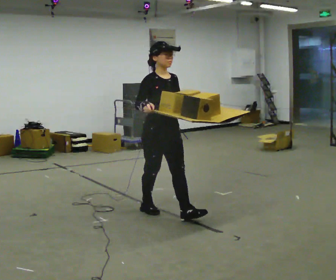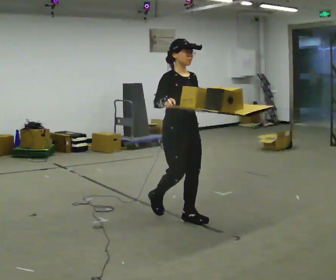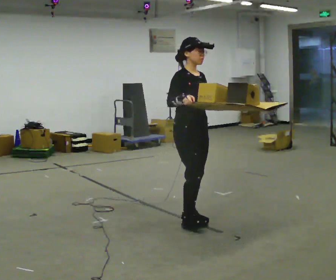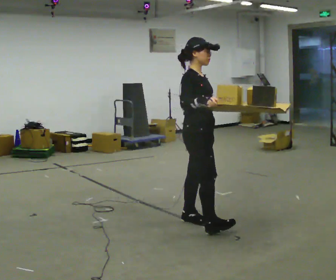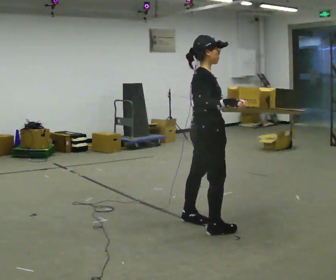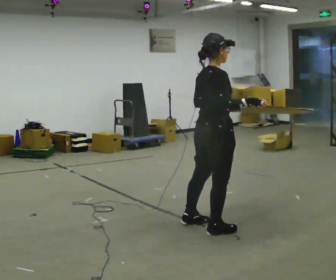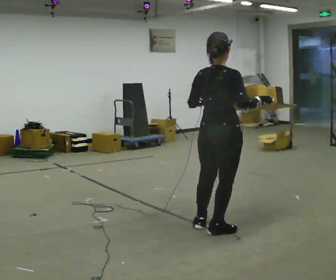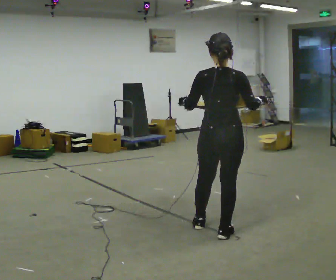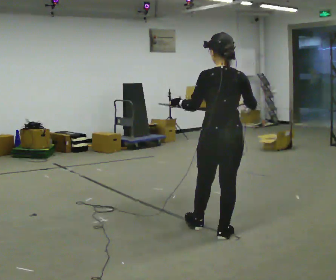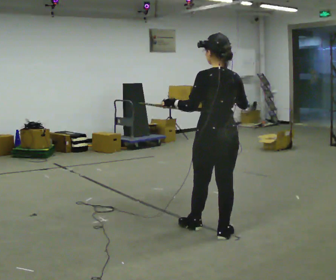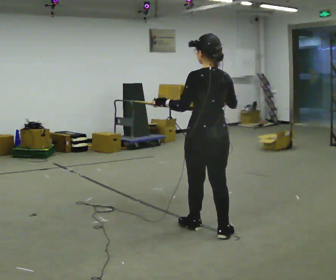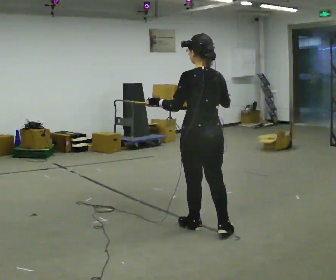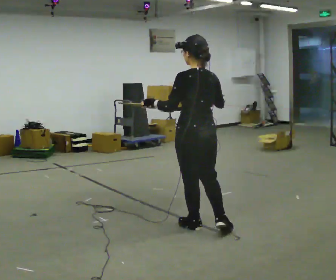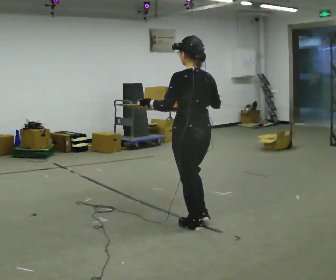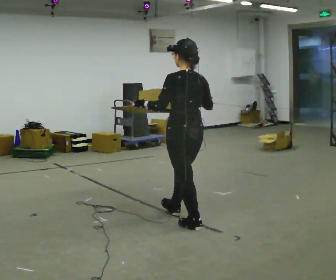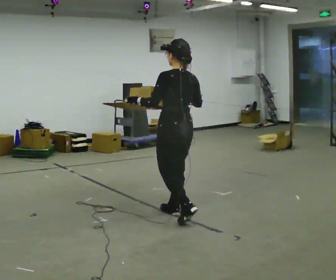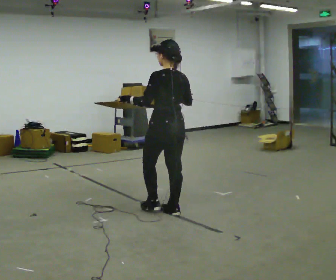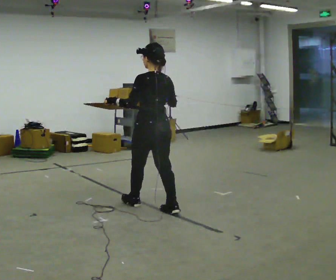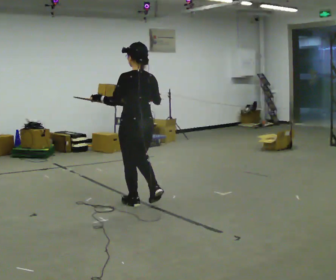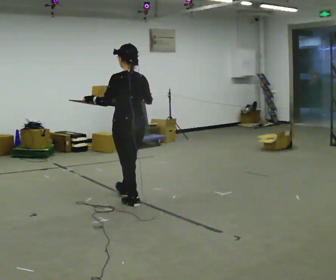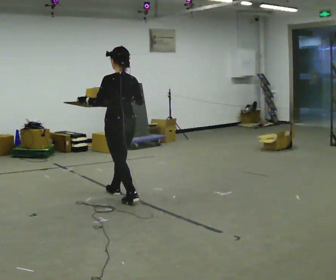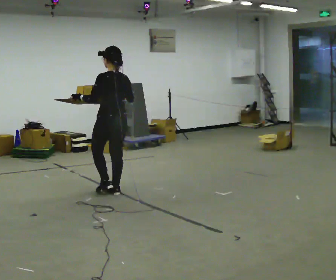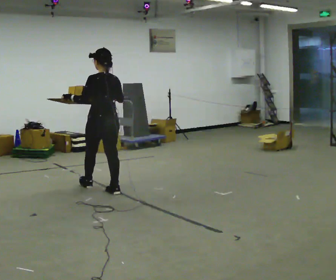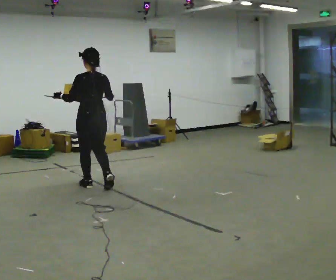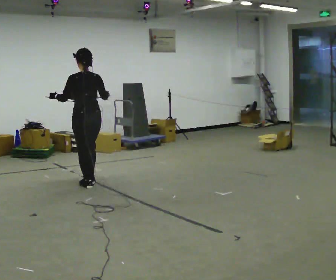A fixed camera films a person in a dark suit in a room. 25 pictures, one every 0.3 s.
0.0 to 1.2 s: The person turns about 60 degrees to their left, counterclockwise seen from above, so the part of the body nearest the lens slides to the right. In the picture they go to the right and toward the camera, about 0.5 m in 1 step, which for them is forward.
1.2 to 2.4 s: Seen from above the body turns counterclockwise, about 105 degrees: to their left, with its near side sliding to the right. In the picture they go to the right and toward the camera, about 0.25 m in 2 steps.
2.4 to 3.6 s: In the picture they go to the left, about 0.25 m, which for them is forward and to their left.
3.6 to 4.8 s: In the picture they go to the left and away from the camera, about 0.5 m in 1 step, which for them is forward.
4.8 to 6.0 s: In the picture they go to the left and away from the camera, about 0.5 m in 2 steps, which for them is forward.
6.0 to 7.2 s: In the picture they go to the left and away from the camera, about 0.75 m in 1 step, which for them is forward.
The film runs forward here.
